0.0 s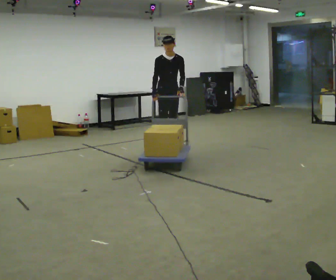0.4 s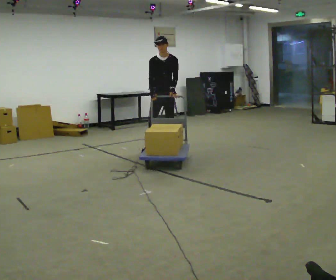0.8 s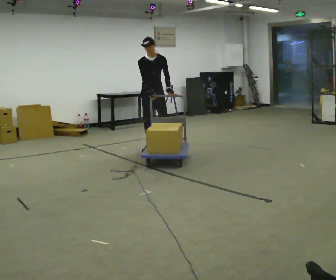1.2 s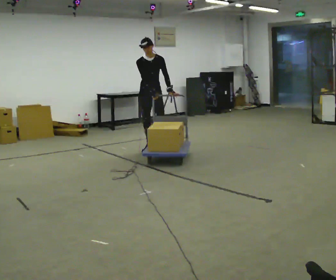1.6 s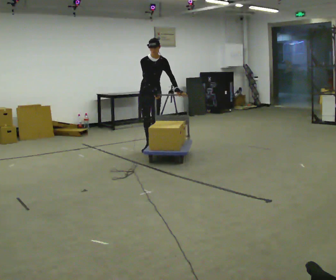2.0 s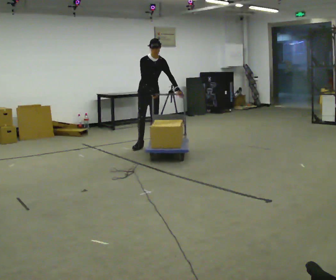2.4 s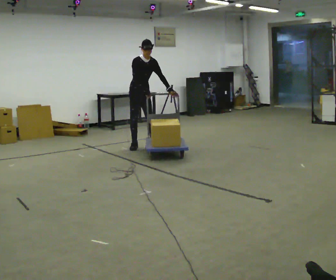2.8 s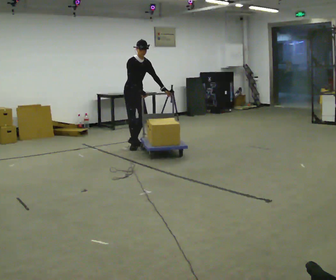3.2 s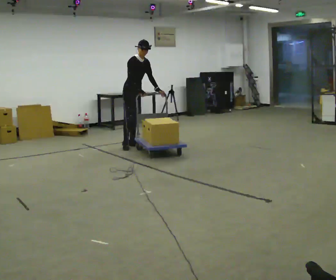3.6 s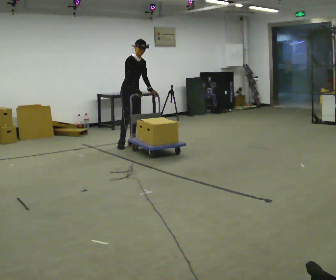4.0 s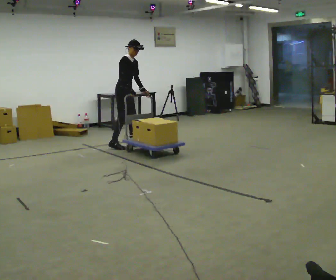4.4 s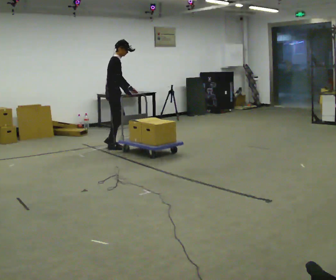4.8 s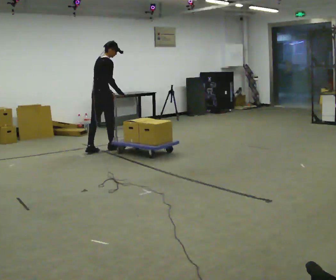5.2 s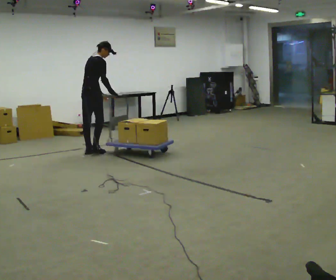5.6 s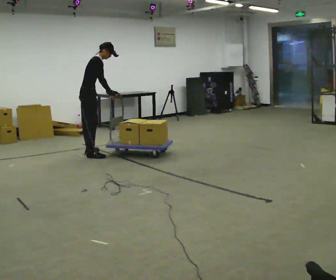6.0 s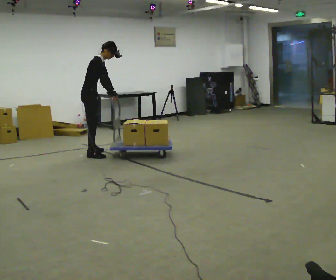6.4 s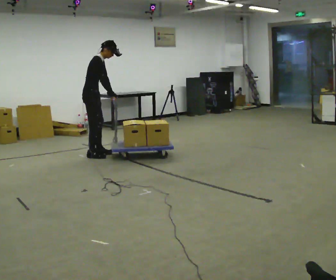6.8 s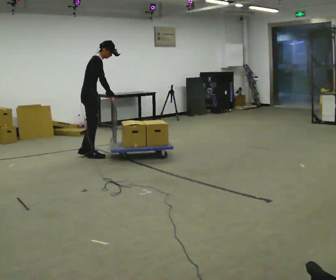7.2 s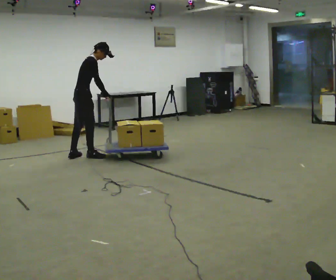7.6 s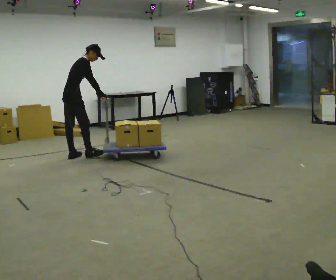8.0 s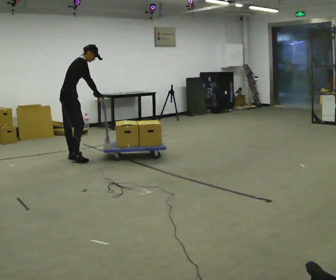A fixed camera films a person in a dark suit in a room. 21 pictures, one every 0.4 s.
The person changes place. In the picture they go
to the left.
The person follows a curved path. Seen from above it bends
counterclockwise.
0.0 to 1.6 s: In the picture they go away from the camera and to the left, about 0.25 m in 1 step, which for them is backward and to their right.
1.6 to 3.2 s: The part of the body nearest the lens slides to the right as the person turns to their left by about 45 degrees. In the picture they go to the left and away from the camera, about 0.5 m in 3 steps, which for them is backward and to their right.
3.2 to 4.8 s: Seen from above the body turns counterclockwise, about 75 degrees: to their left, with its near side sliding to the right. In the picture they go to the left and toward the camera, about 0.75 m in 2 steps. The upper body tips away from the camera, its near side rolling upward.
4.8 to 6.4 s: Seen from above the body turns clockwise, about 45 degrees: to their right, with its near side sliding to the left. In the picture they go toward the camera, about 0.5 m in 2 steps, which for them is to their right and backward.
6.4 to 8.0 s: In the picture they go to the left, about 0.25 m in 2 steps, which for them is backward. The upper body tips away from the camera, its near side rolling upward.
The film runs backward here.
